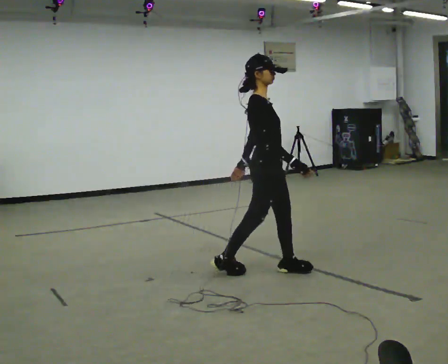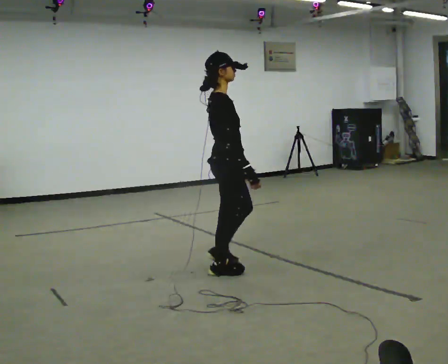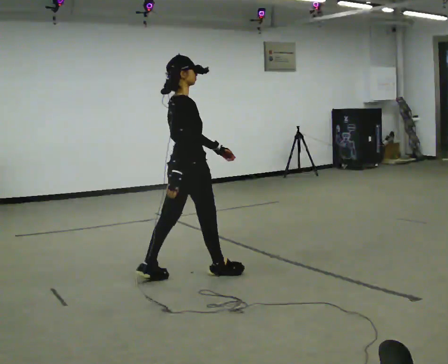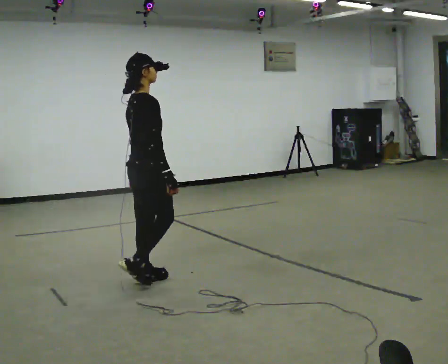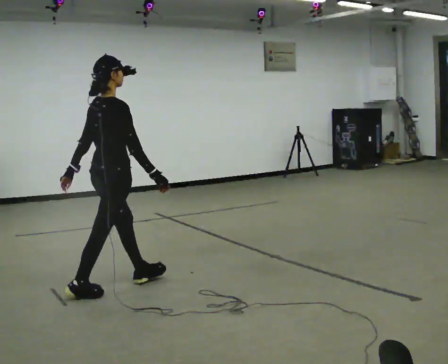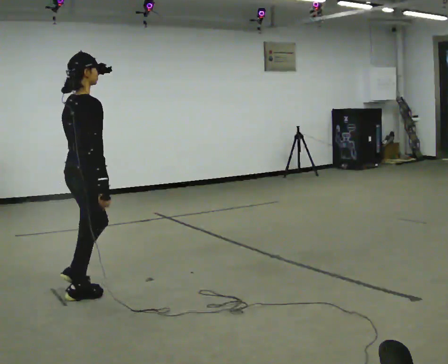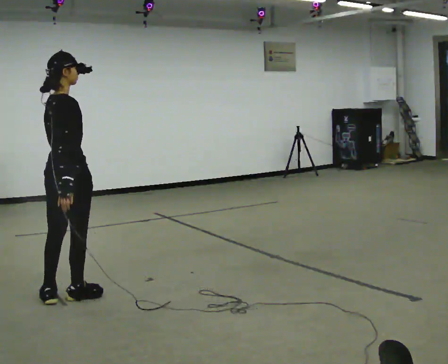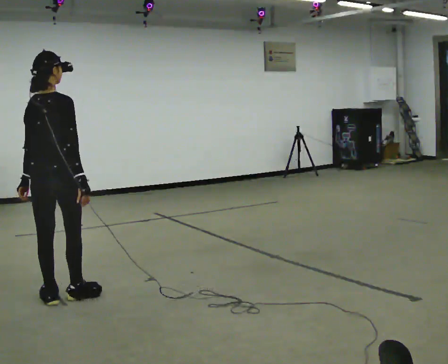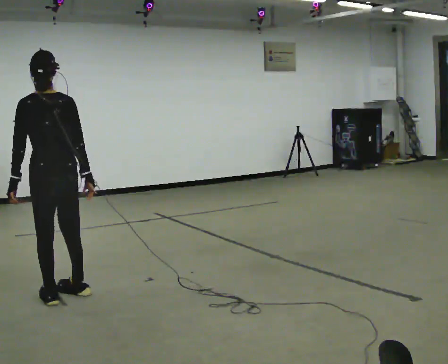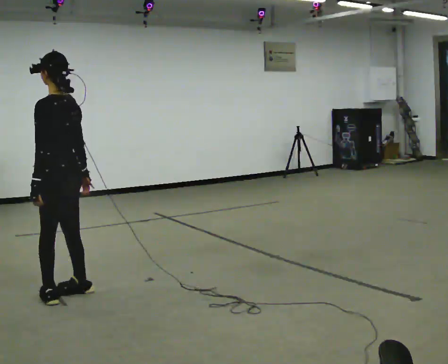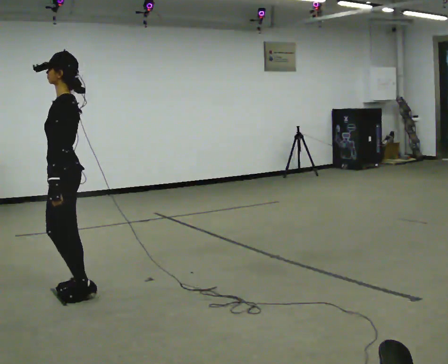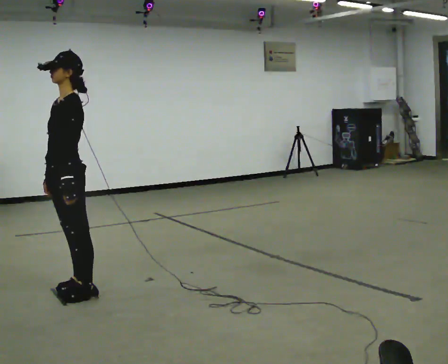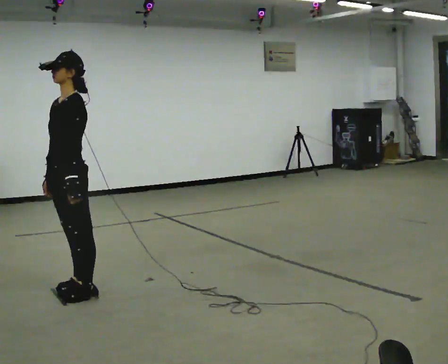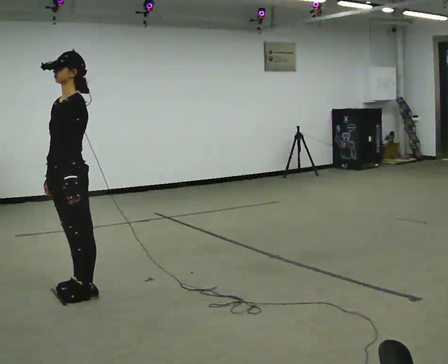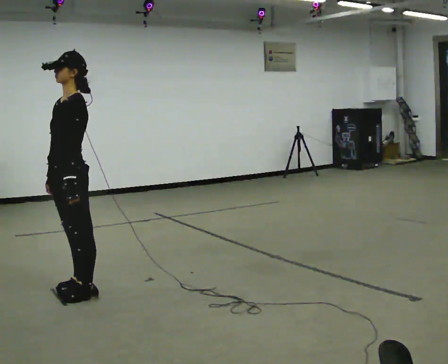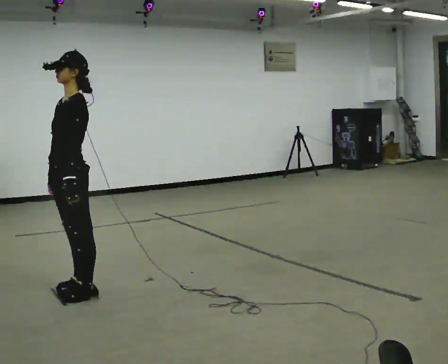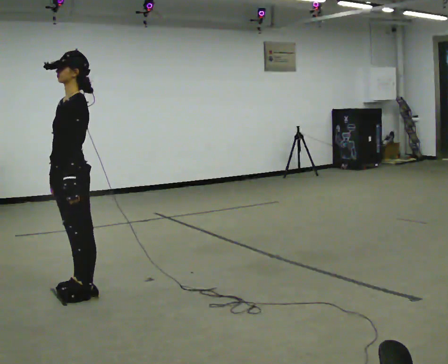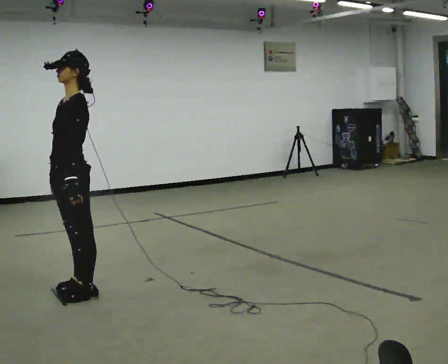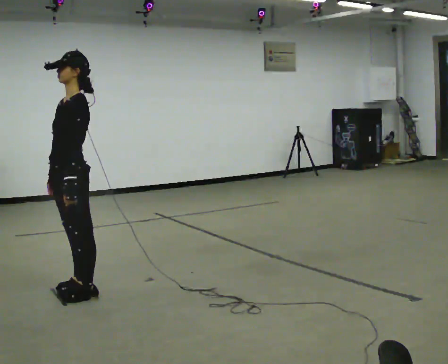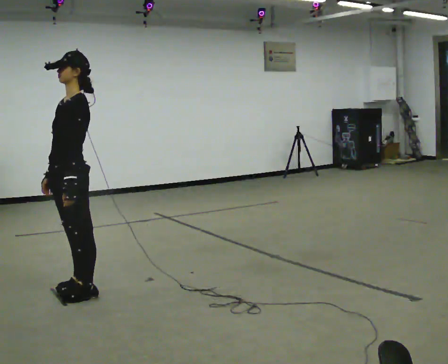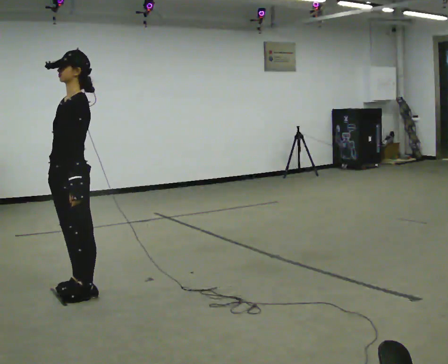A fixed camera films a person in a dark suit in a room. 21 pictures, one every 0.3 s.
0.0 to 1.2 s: The person turns about 60 degrees to their left, counterclockwise seen from above, so the part of the body nearest the lens slides to the right. In the picture they go to the left, about 1 m in 3 steps, which for them is backward.
1.2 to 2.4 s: Seen from above the body turns counterclockwise, about 75 degrees: to their left, with its near side sliding to the right. In the picture they go to the left and toward the camera, about 0.5 m in 1 step.
2.4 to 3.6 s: The person turns about 105 degrees to their left, counterclockwise seen from above, so the part of the body nearest the lens slides to the right. In the picture their right hand goes to the left, the arm swinging clockwise.
3.6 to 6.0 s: The person moves a little, or ends about where they began.
The film runs backward here.
